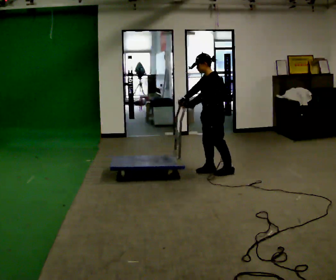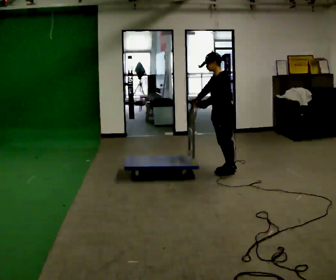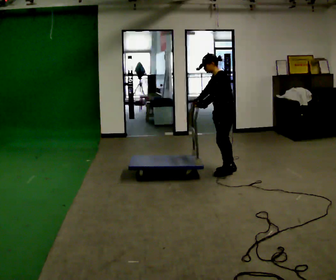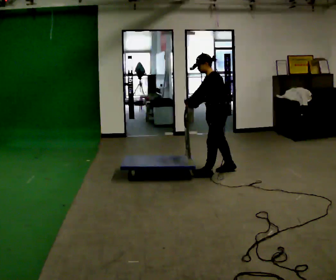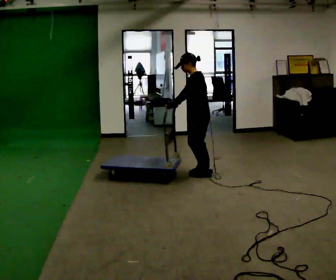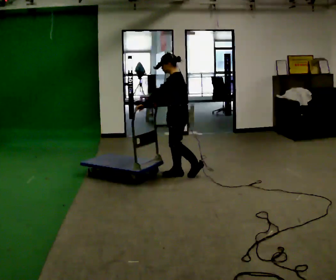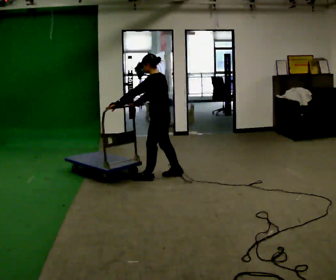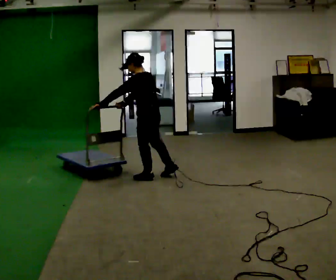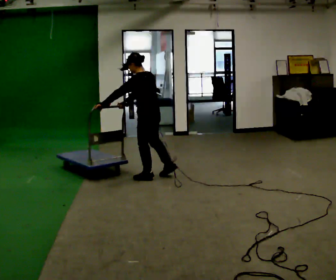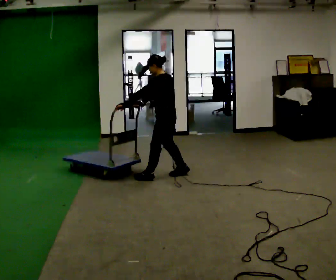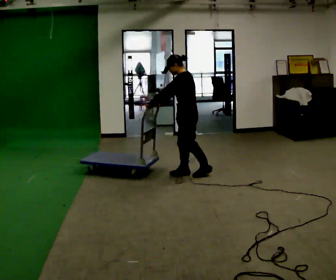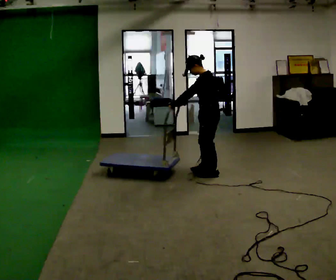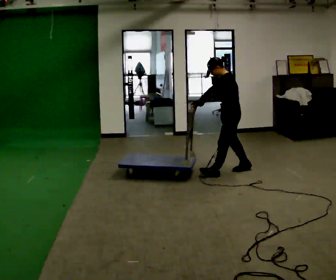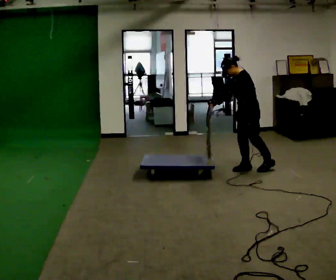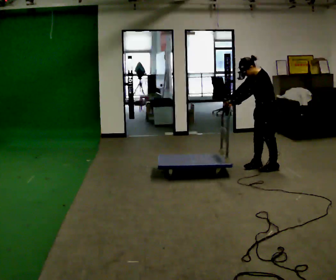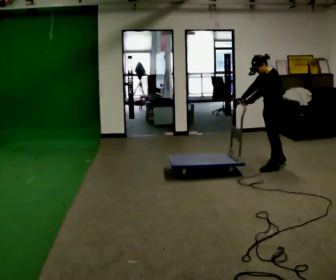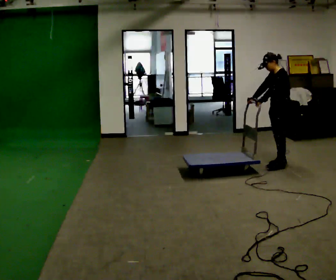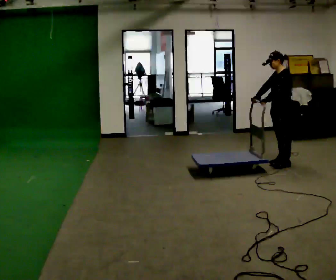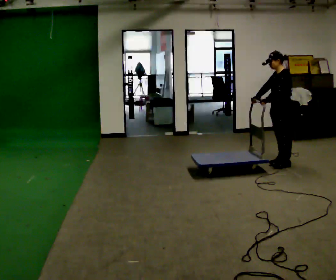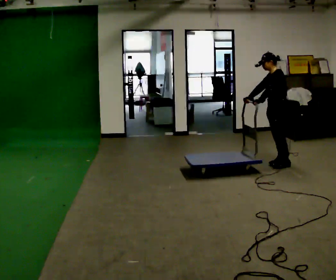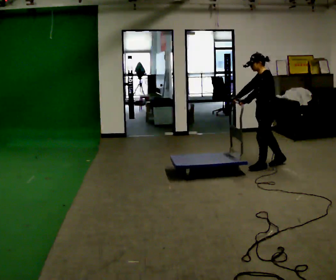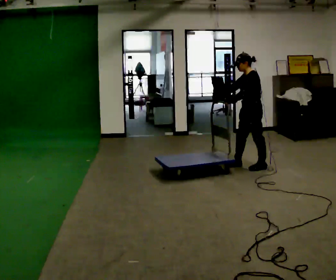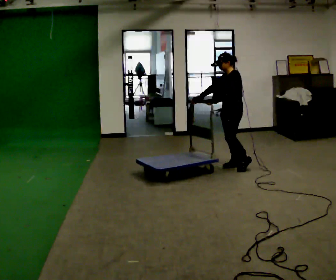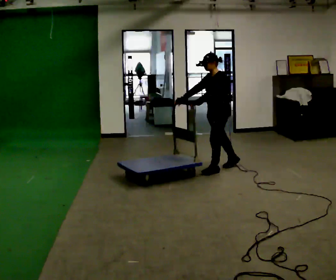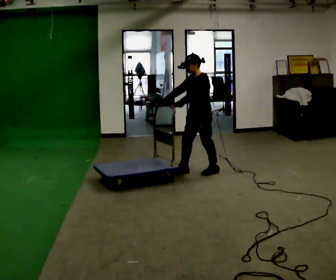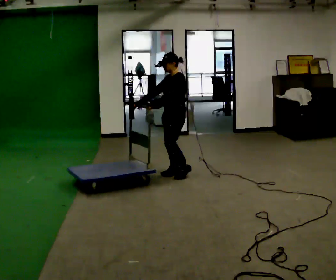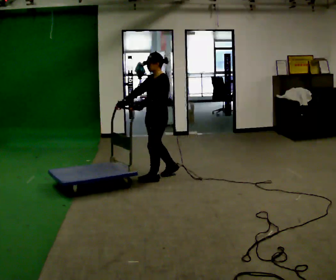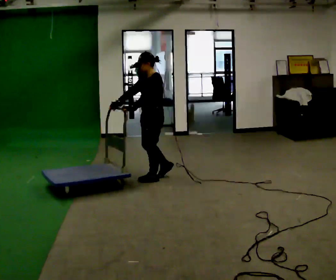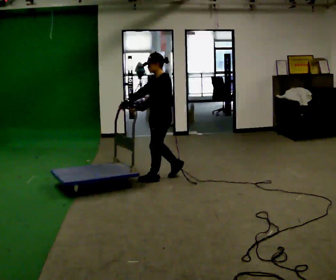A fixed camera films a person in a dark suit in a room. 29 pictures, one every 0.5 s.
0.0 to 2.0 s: In the picture they go to the left, about 0.25 m in 2 steps, which for them is forward.
2.0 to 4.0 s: The part of the body nearest the lens slides to the left as the person turns to their right by about 30 degrees. In the picture they go to the left and toward the camera, about 0.5 m in 2 steps, which for them is forward.
4.0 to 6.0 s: In the picture they go to the right and away from the camera, about 1 m in 2 steps, which for them is backward.
6.0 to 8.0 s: In the picture they go to the right and away from the camera, about 0.75 m in 2 steps, which for them is backward.
8.0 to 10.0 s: In the picture they go to the left, about 0.25 m in 2 steps, which for them is forward.
10.0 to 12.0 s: In the picture they go to the left and toward the camera, about 1 m in 2 steps, which for them is forward.
12.0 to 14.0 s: In the picture they go to the left and toward the camera, about 0.5 m in 3 steps, which for them is forward.
The film runs forward here.
